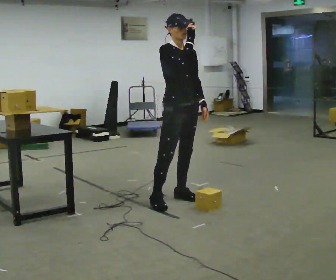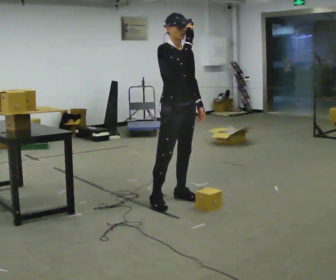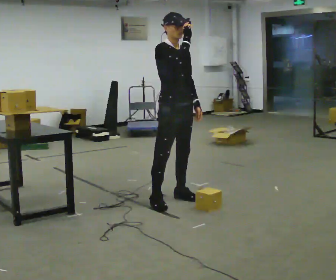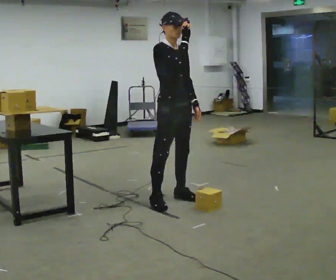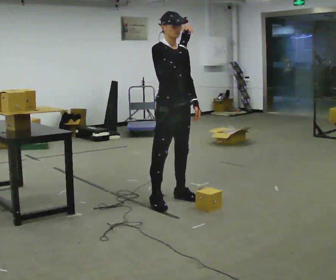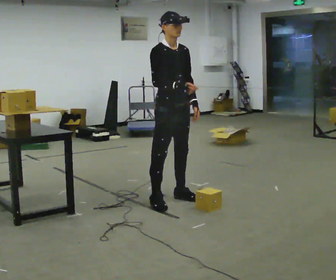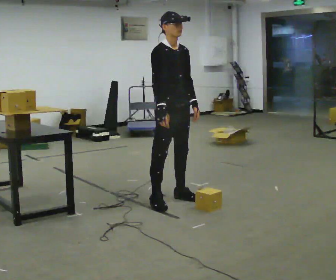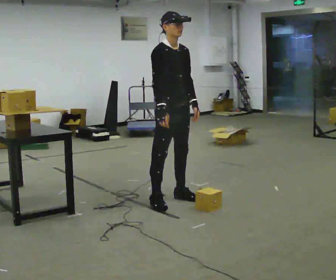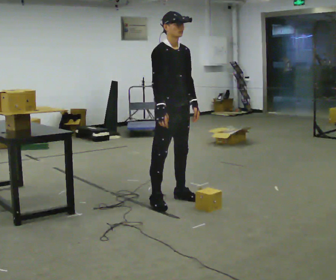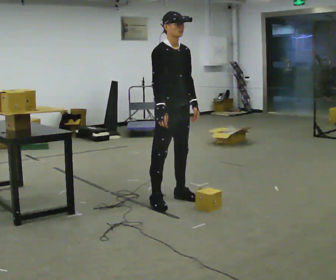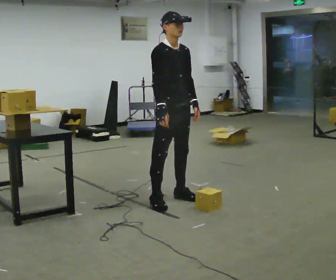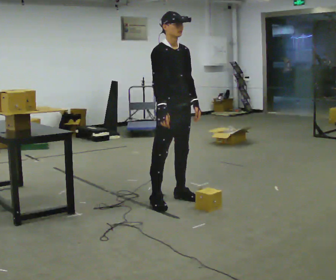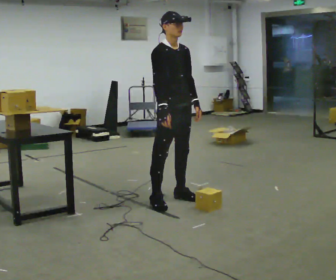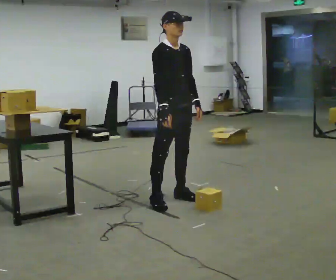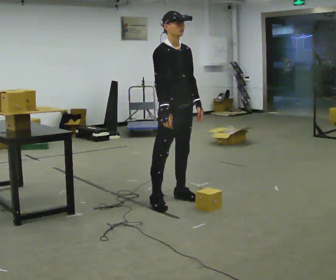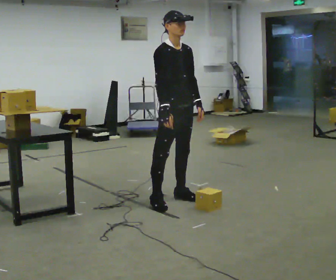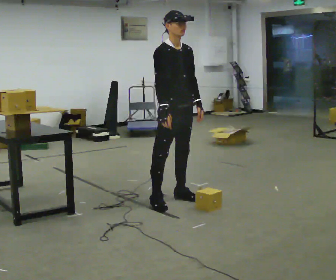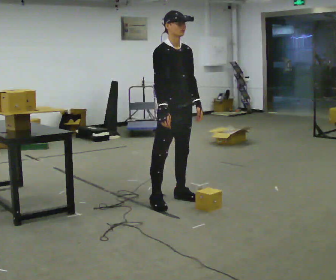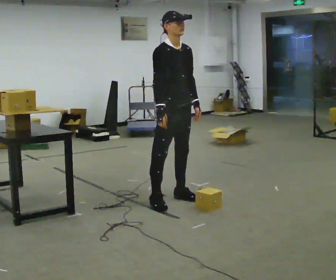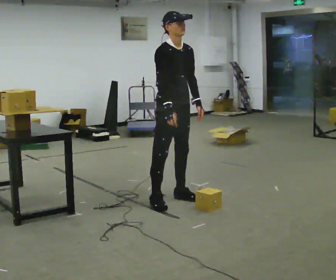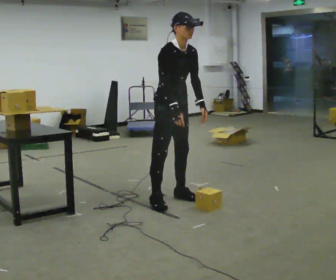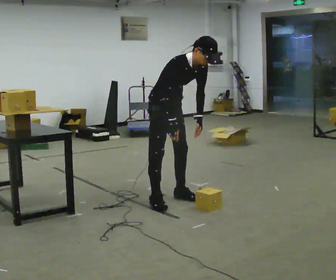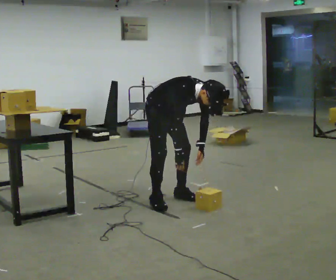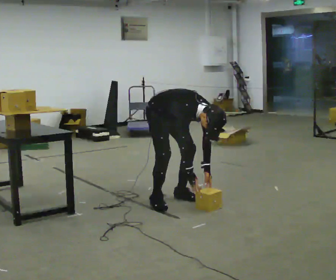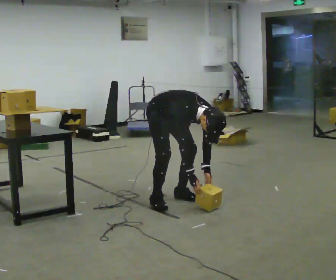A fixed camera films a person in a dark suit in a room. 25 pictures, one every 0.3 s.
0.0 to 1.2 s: The person moves a little, or ends about where they began.
1.2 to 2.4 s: In the picture their right hand goes downward.
2.4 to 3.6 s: The person keeps their place and pose.
3.6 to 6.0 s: In the picture the upper body tilts clockwise, shoulders to the right, as they bend forward.
6.0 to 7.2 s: The upper body goes downward. The upper body tips toward the camera, its near side rolling downward, as they bend forward. In the picture their left hand goes downward.
The film runs backward here.
